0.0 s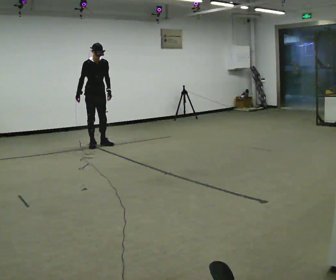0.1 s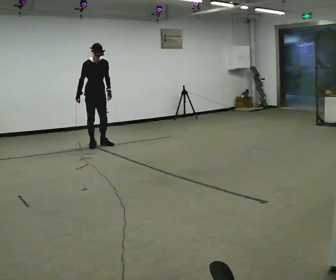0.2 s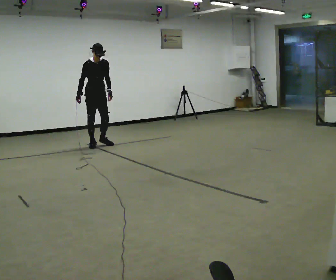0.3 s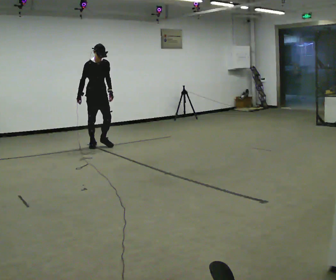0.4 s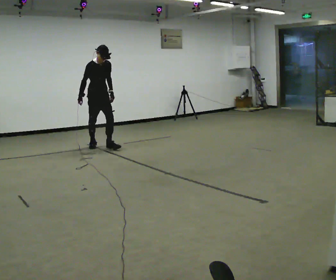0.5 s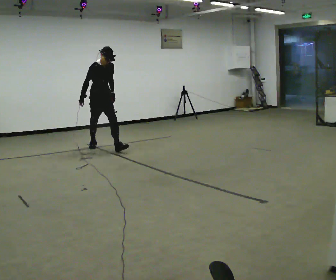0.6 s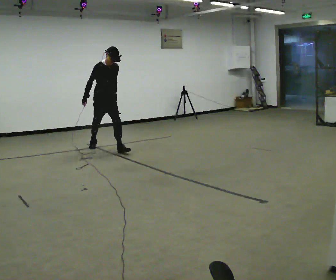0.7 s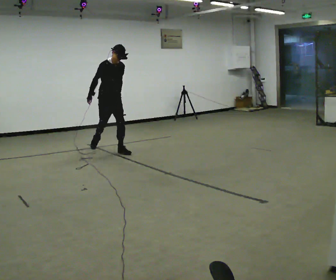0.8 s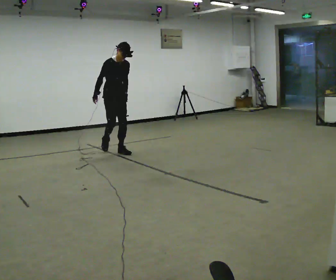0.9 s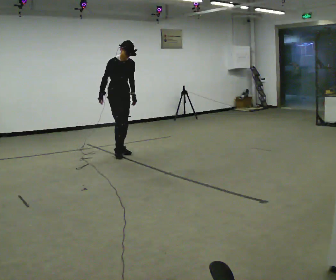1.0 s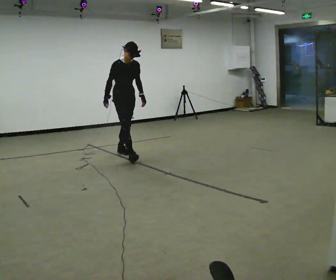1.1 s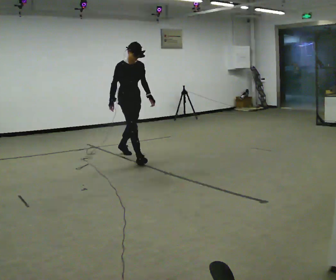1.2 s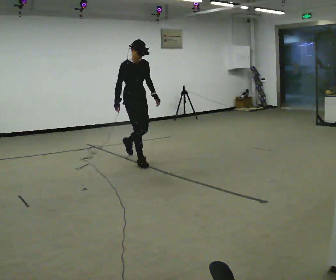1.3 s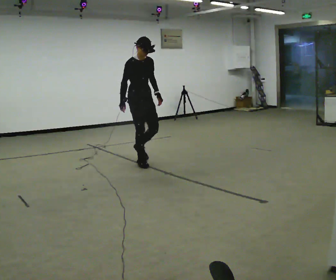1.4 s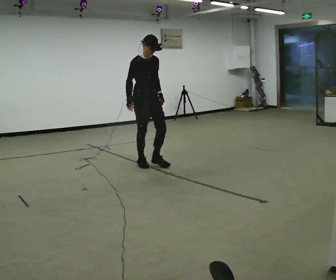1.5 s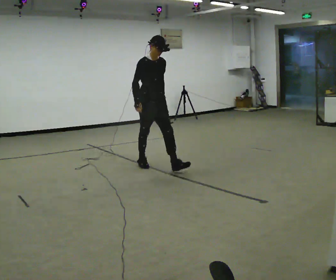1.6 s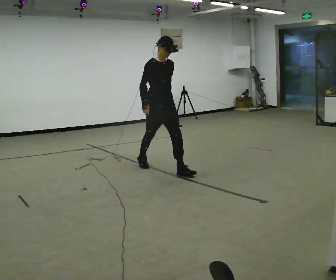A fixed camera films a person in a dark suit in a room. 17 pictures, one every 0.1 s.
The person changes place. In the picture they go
toward the camera.
0.0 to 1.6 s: In the picture they go toward the camera and to the right, about 2 m in 2 steps, which for them is forward.
The film runs forward here.
